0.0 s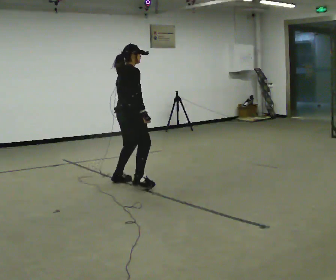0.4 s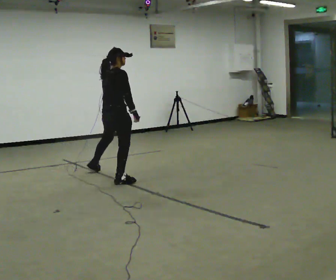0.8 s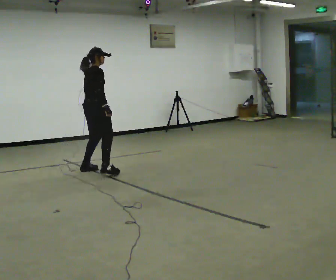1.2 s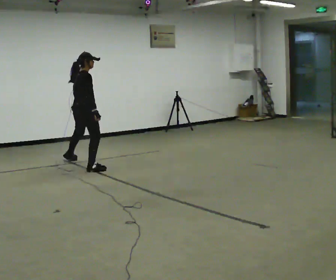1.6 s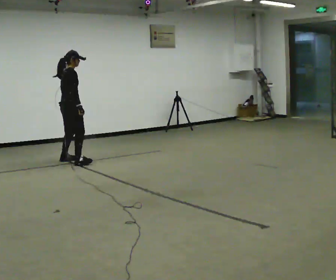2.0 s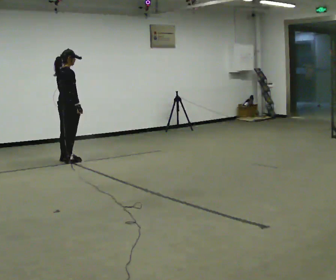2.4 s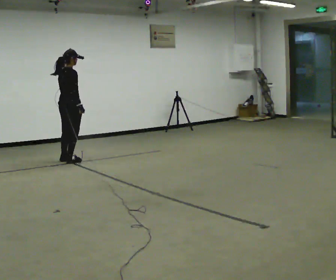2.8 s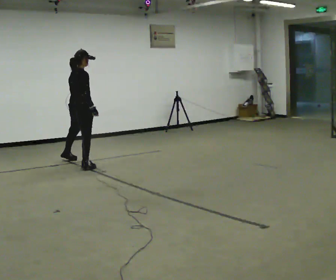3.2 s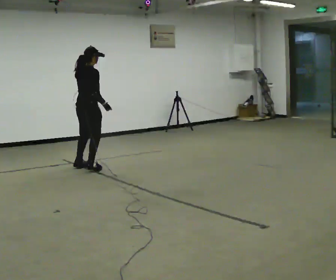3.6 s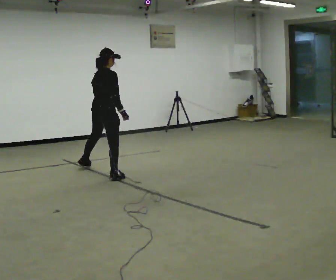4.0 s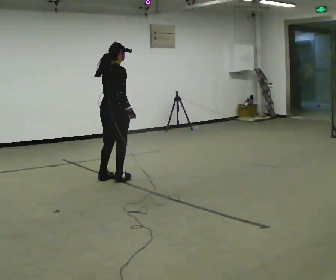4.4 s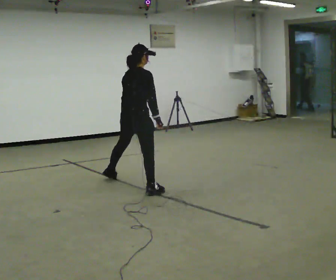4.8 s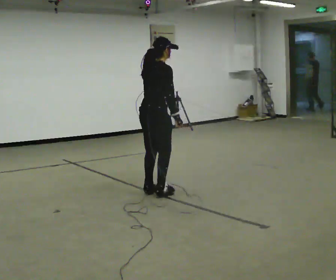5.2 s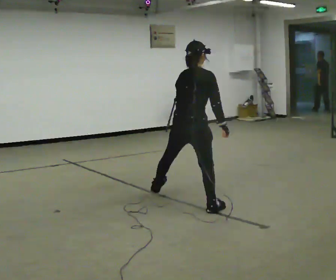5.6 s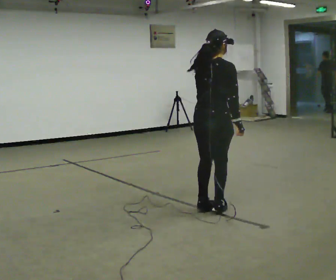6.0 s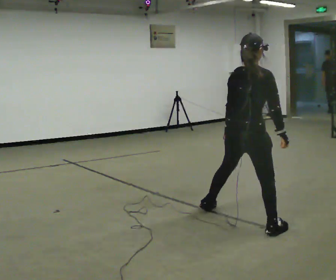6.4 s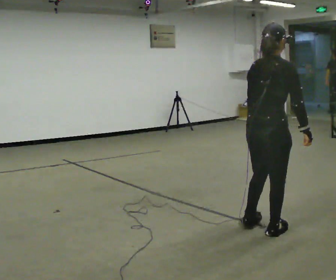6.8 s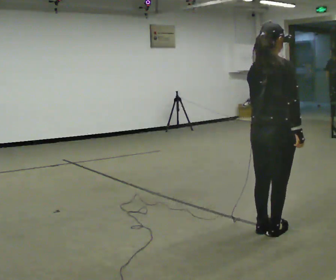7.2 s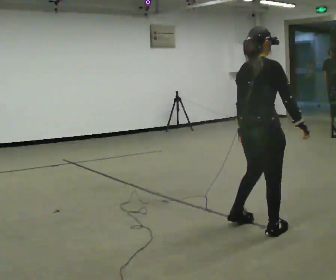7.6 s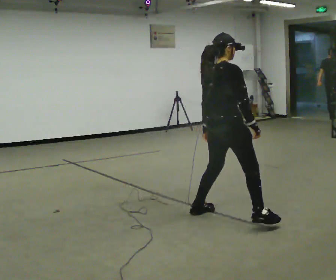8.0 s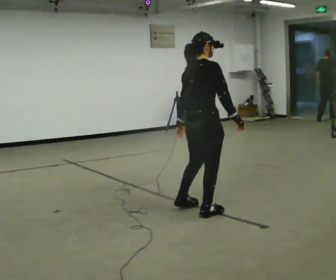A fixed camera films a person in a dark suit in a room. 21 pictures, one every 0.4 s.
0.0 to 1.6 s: In the picture they go away from the camera and to the left, about 1.5 m in 4 steps, which for them is to their left.
1.6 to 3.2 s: In the picture they go toward the camera and to the right, about 0.5 m in 3 steps, which for them is to their right.
3.2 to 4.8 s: In the picture they go toward the camera and to the right, about 1.5 m in 4 steps, which for them is to their right.
4.8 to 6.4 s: In the picture they go toward the camera and to the right, about 1.5 m in 3 steps, which for them is to their right.
6.4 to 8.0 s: In the picture they go away from the camera and to the left, about 0.5 m in 3 steps, which for them is to their left.
The film runs backward here.
